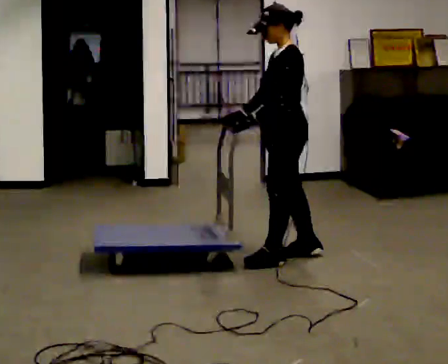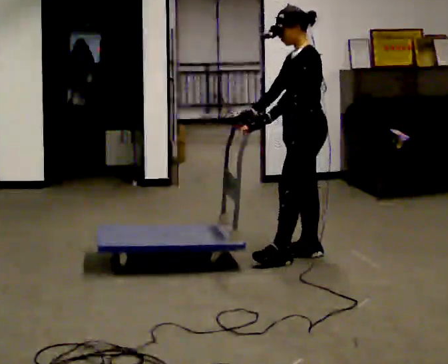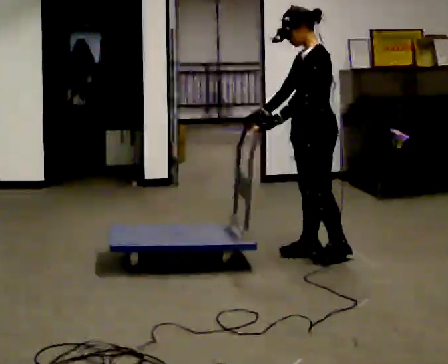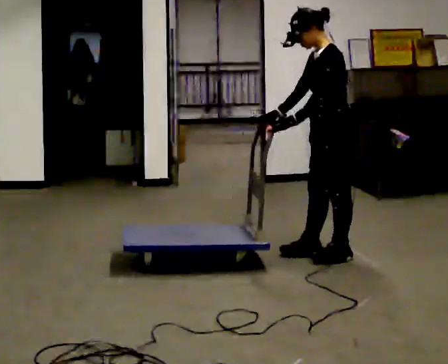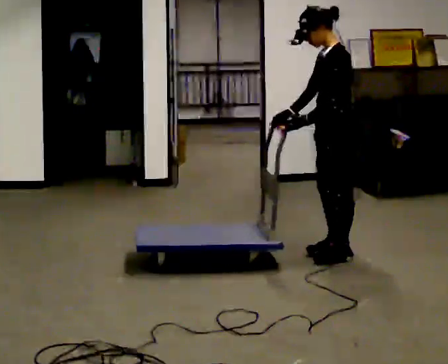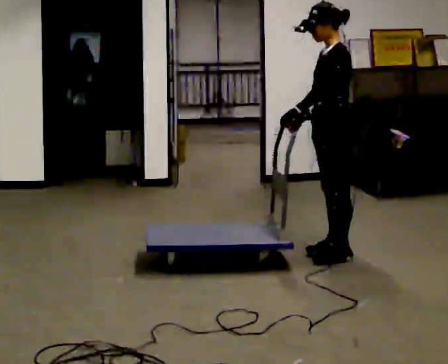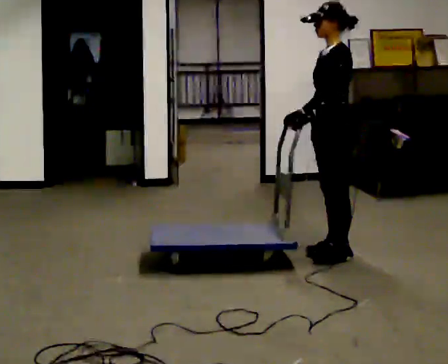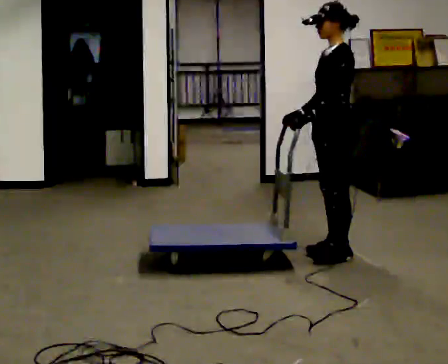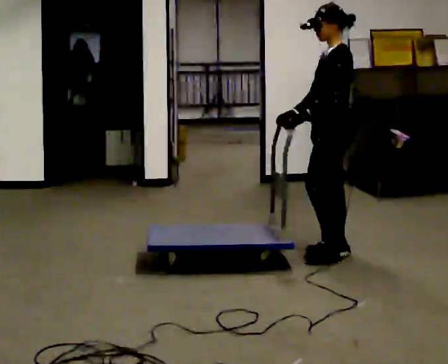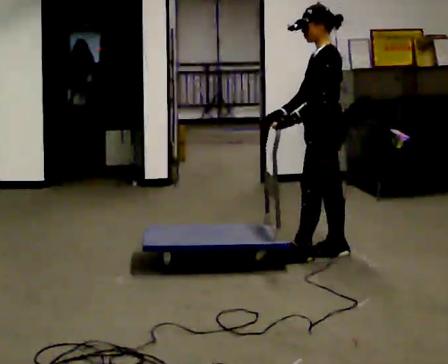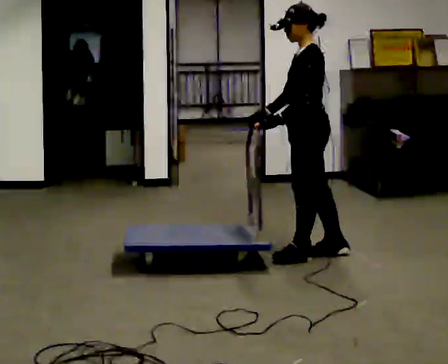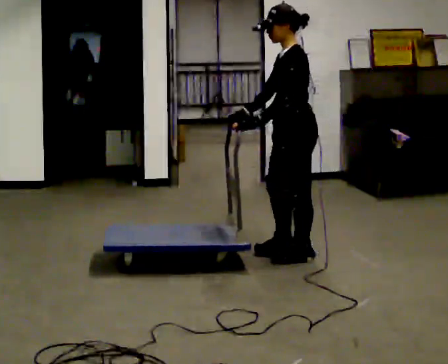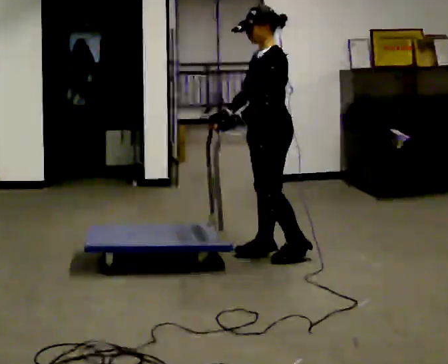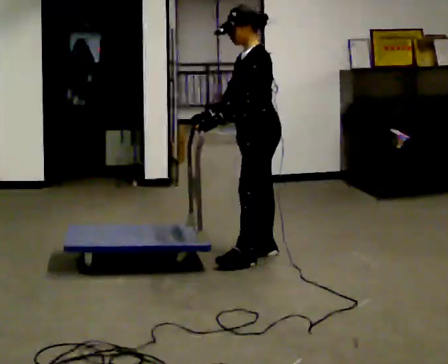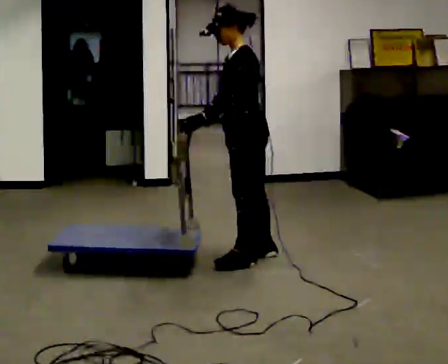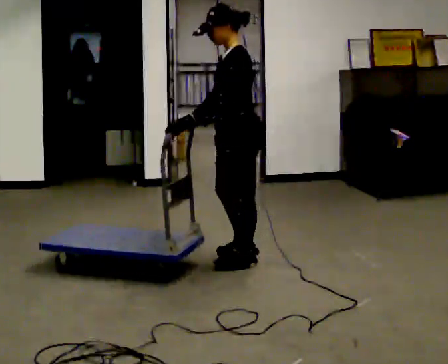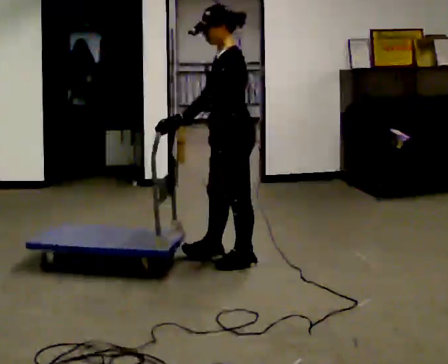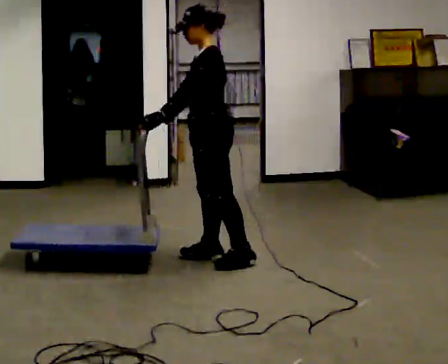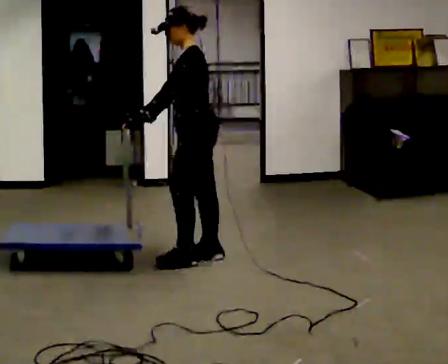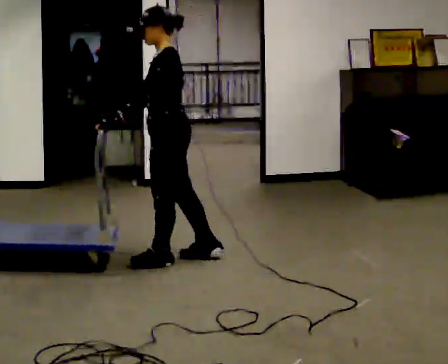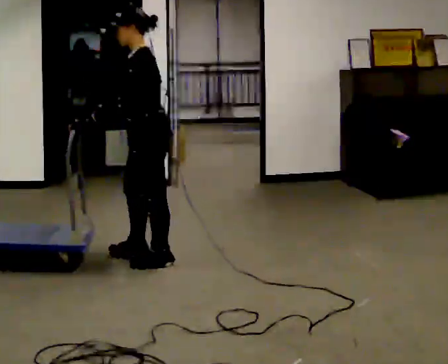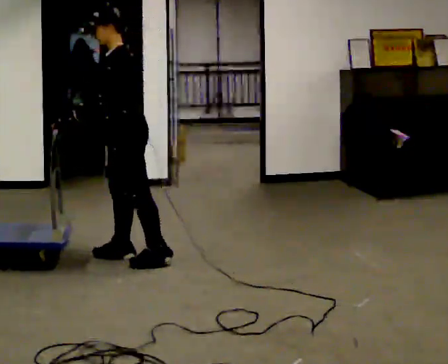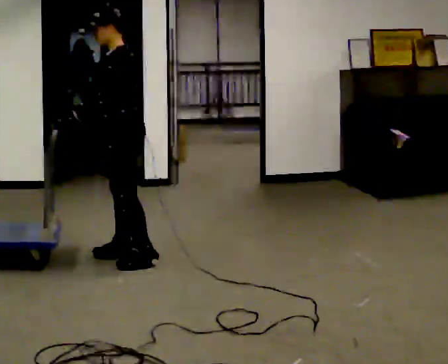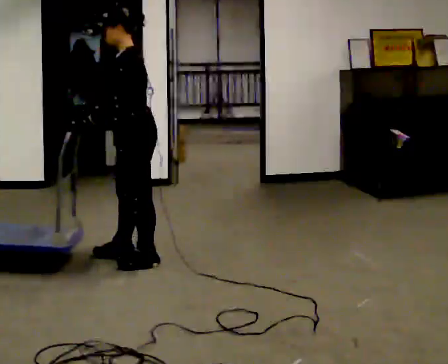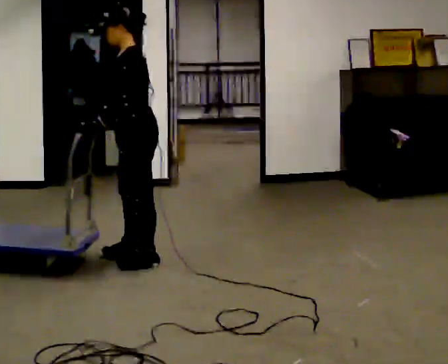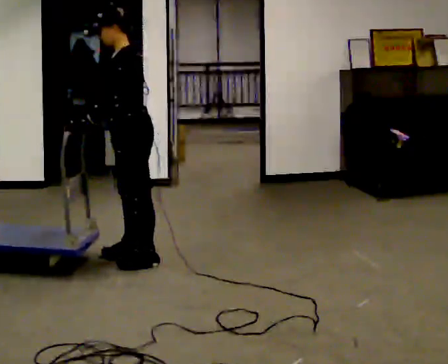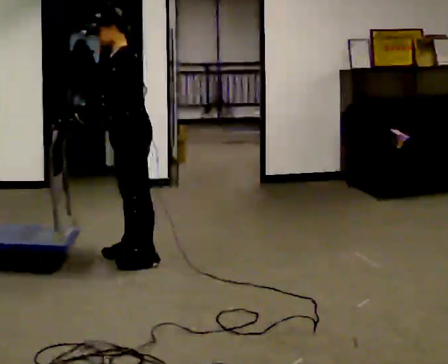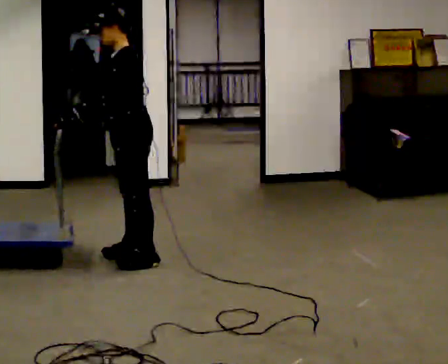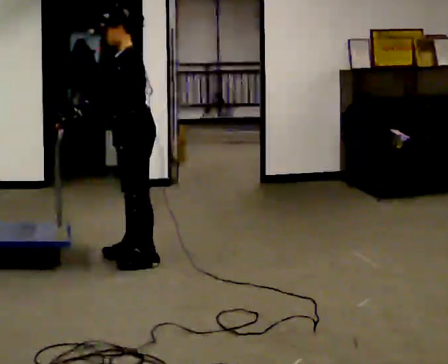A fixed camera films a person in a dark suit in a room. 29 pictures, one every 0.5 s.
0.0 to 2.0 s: In the picture they go to the right, about 0.25 m in 2 steps, which for them is backward and to their left.
2.0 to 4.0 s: The person moves a little, or ends about where they began.
4.0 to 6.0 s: In the picture they go to the left, about 0.5 m in 2 steps, which for them is forward.
6.0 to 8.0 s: In the picture they go to the left and toward the camera, about 0.25 m in 2 steps, which for them is forward and to their left.
8.0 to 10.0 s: In the picture they go to the left, about 0.5 m in 1 step, which for them is forward.
10.0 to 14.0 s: The person moves a little, or ends about where they began.
The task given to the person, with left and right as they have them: Get the cart into the marked parking space and lined up with the tape. Take as many adjustments as you need. Then take it out again and repeat.
The film runs forward here.
